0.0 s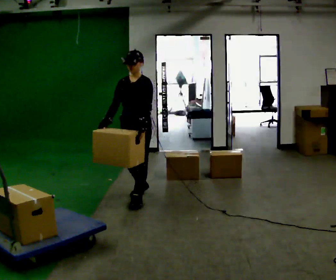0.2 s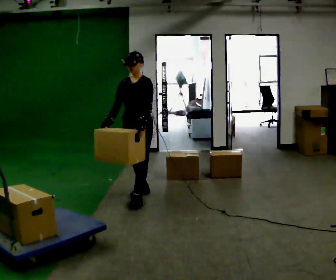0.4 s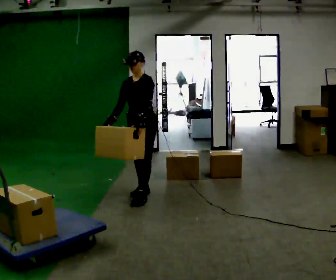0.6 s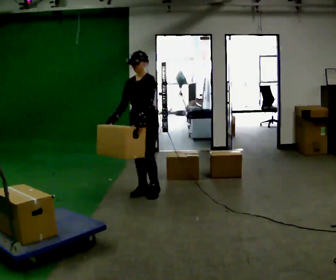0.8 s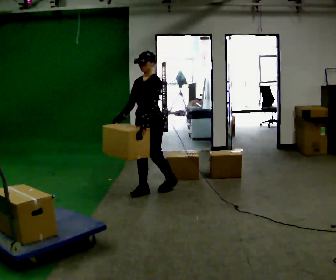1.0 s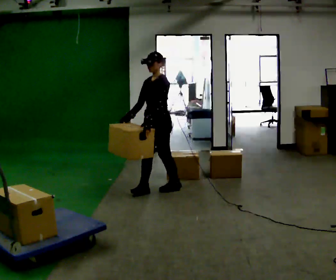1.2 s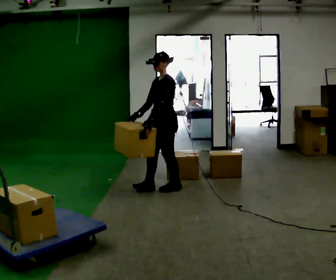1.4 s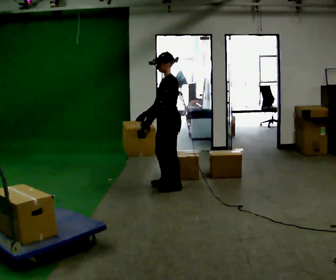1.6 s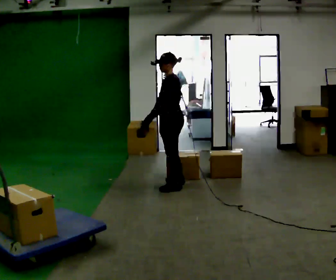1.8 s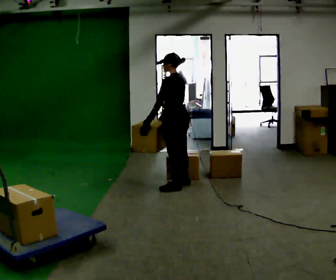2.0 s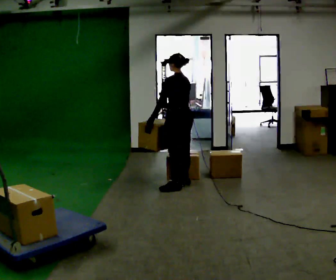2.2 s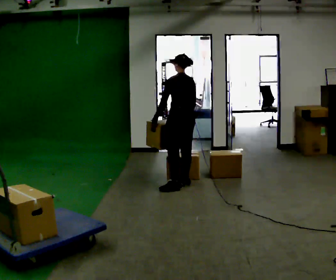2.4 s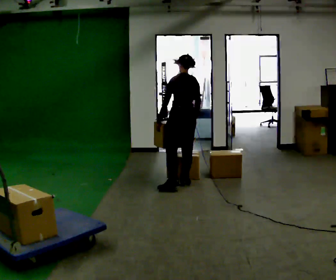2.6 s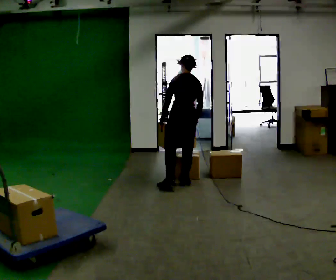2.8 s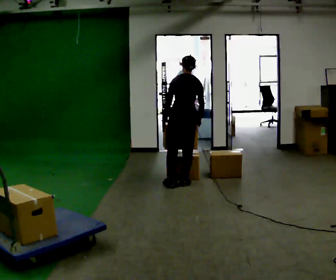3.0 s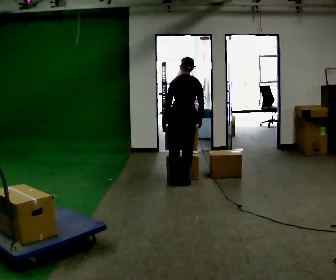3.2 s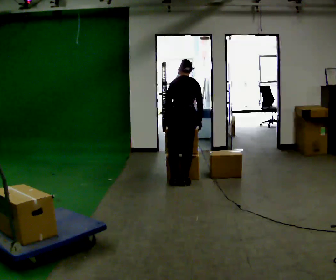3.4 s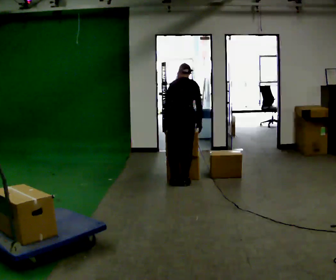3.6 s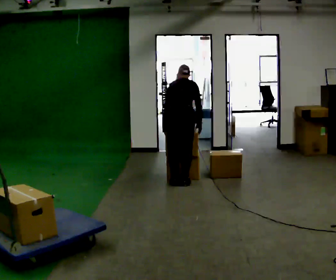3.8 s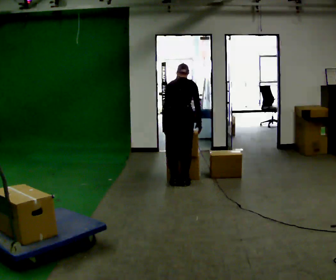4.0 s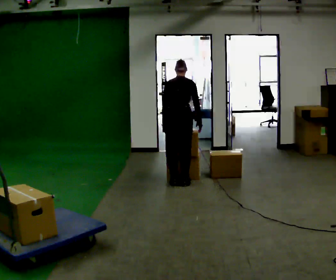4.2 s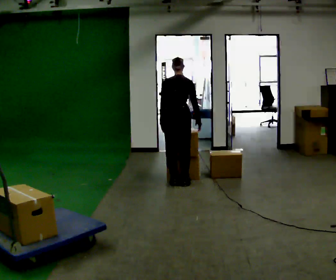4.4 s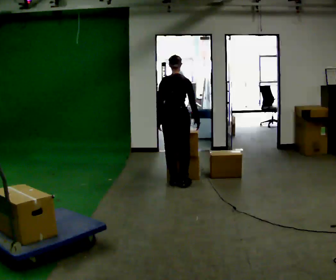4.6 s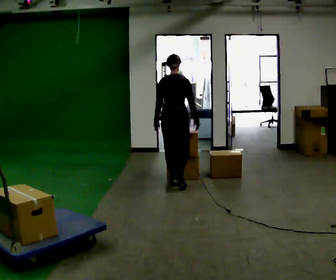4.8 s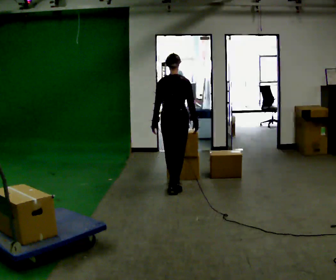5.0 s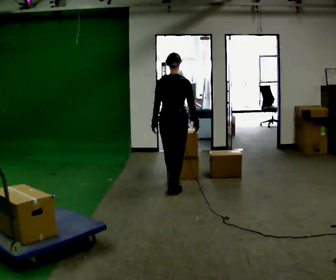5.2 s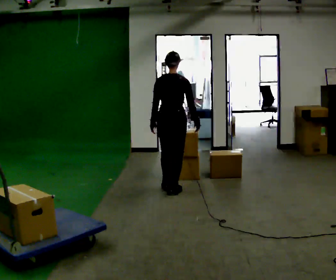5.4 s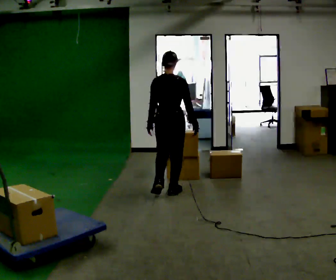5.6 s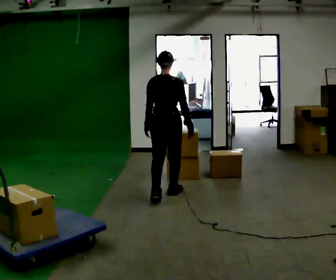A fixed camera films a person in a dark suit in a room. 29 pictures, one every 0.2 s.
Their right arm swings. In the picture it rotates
counterclockwise.
The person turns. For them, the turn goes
to their right.
0.0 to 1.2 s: The person turns about 45 degrees to their right, clockwise seen from above, so the part of the body nearest the lens slides to the left. In the picture they go away from the camera and to the right, about 0.5 m in 2 steps, which for them is backward.
1.2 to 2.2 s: The part of the body nearest the lens slides to the left as the person turns to their right by about 75 degrees. In the picture they go to the right and away from the camera, about 0.25 m. The upper body tips away from the camera, its near side rolling upward.
2.2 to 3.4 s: The person turns about 45 degrees to their right, clockwise seen from above, so the part of the body nearest the lens slides to the left. The upper body tips away from the camera, its near side rolling upward, as they bend forward.
3.4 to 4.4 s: The upper body tips toward the camera, its near side rolling downward, as they lean back or straighten.
4.4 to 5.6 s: In the picture they go toward the camera, about 0.5 m in 1 step, which for them is backward. The upper body tips toward the camera, its near side rolling downward, as they lean back or straighten.
The film runs backward here.
